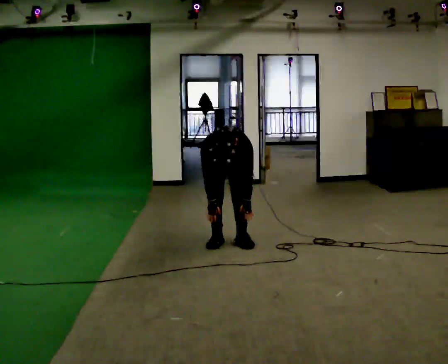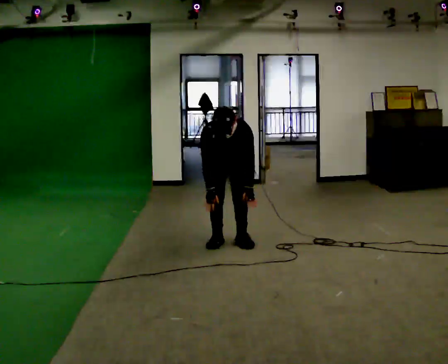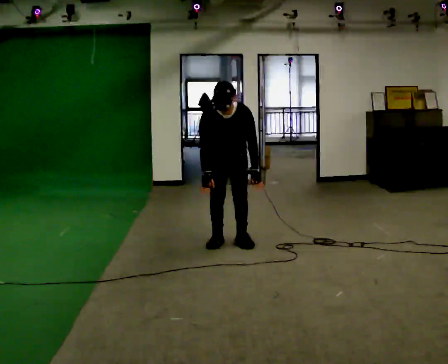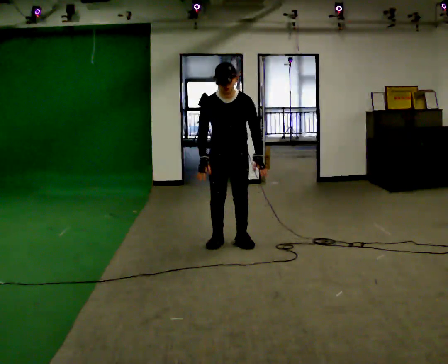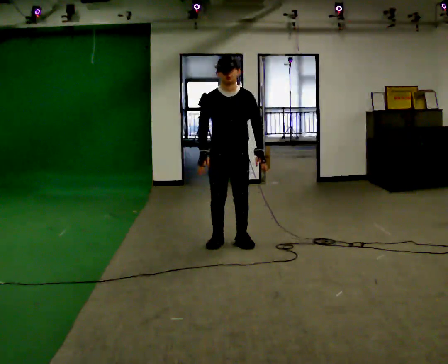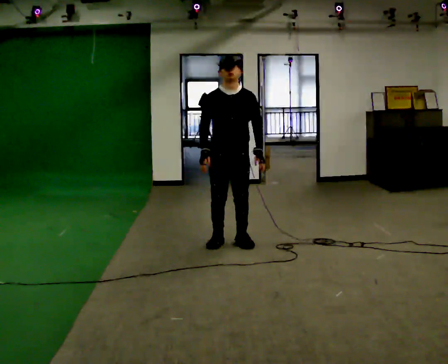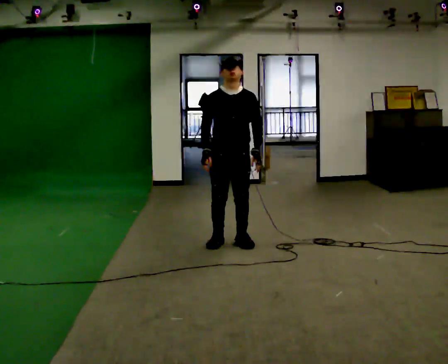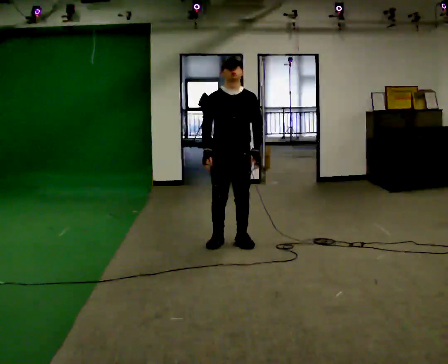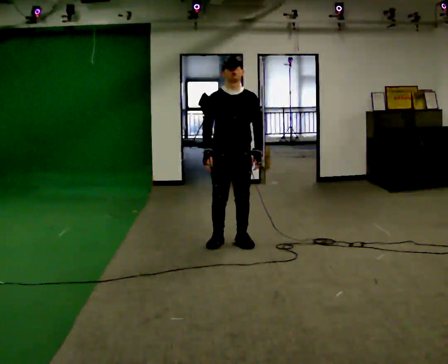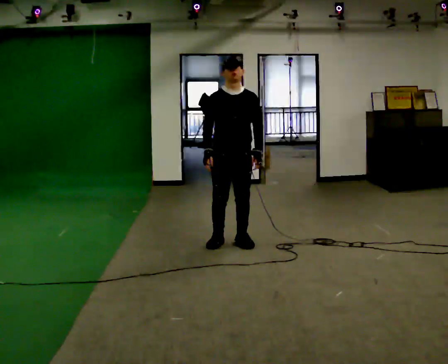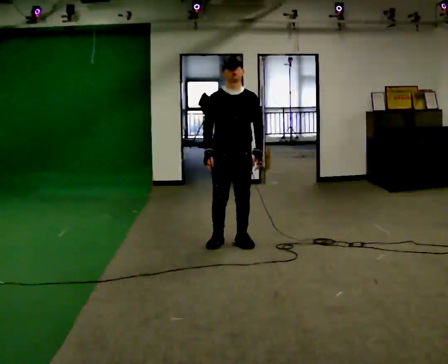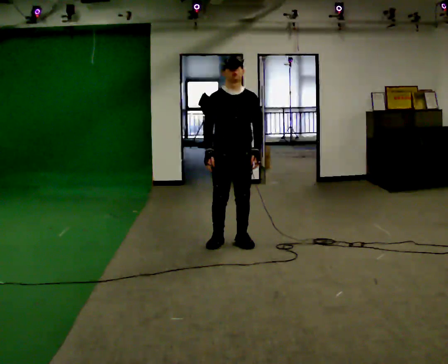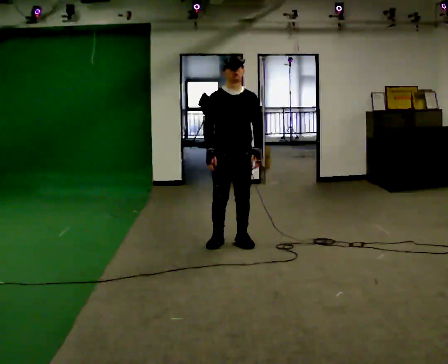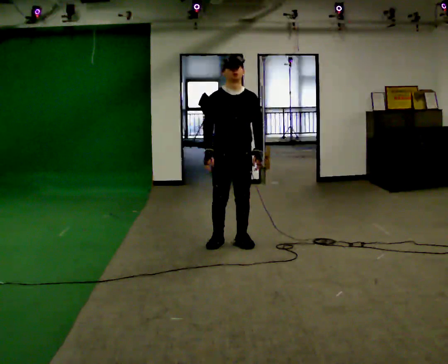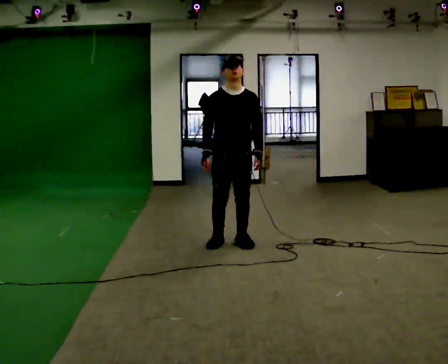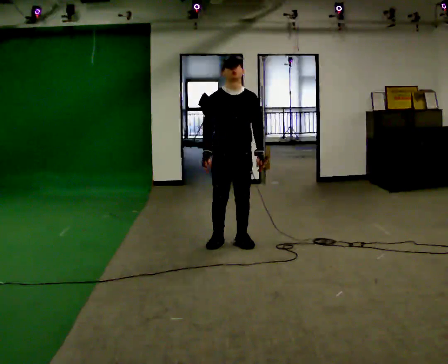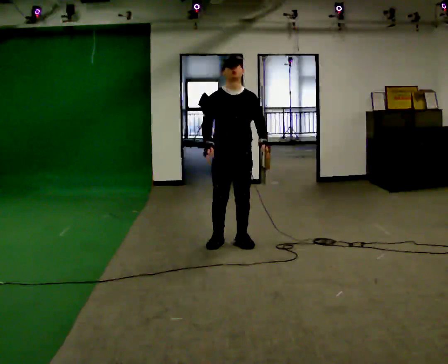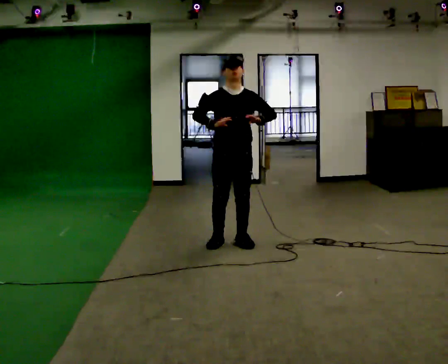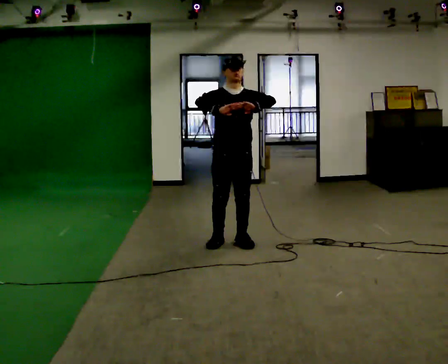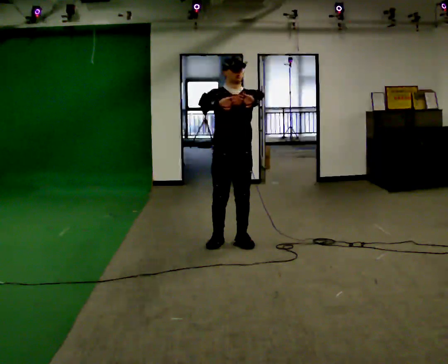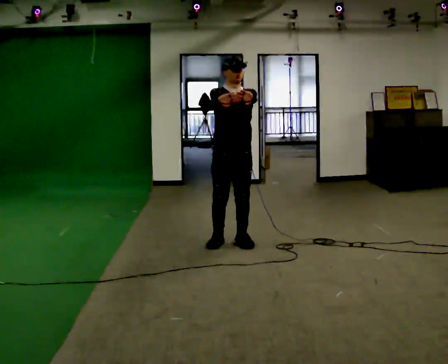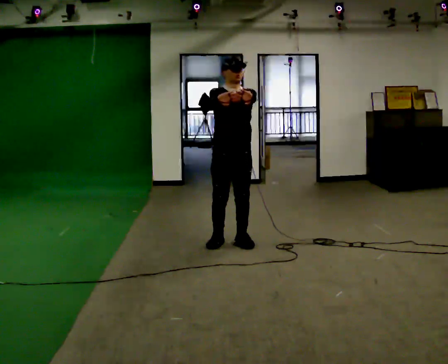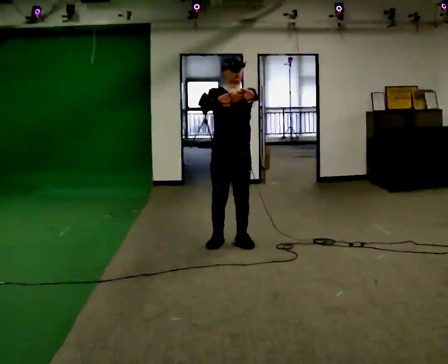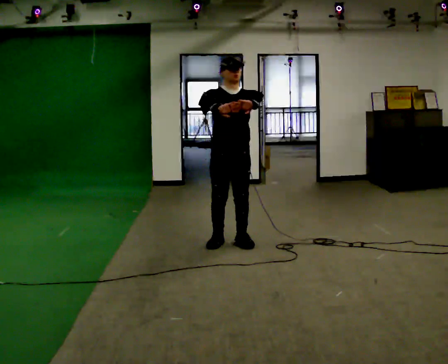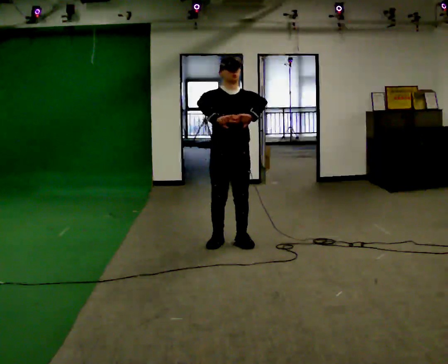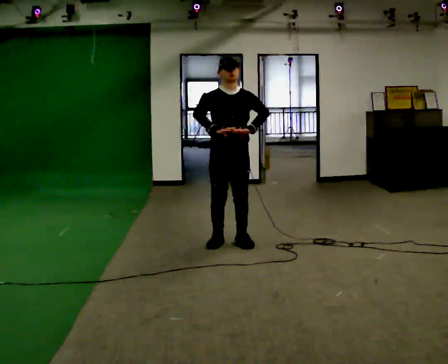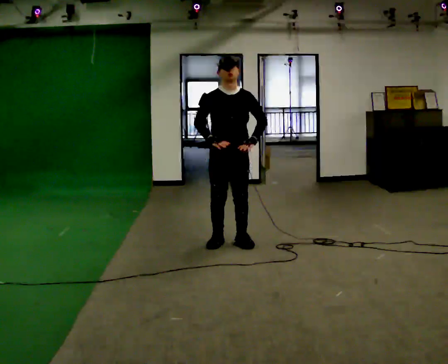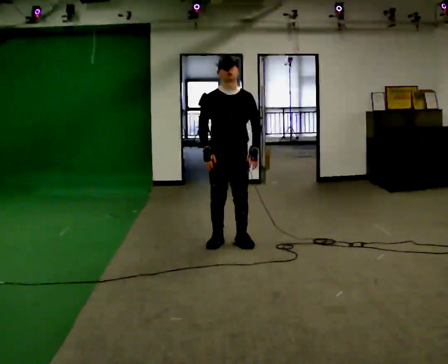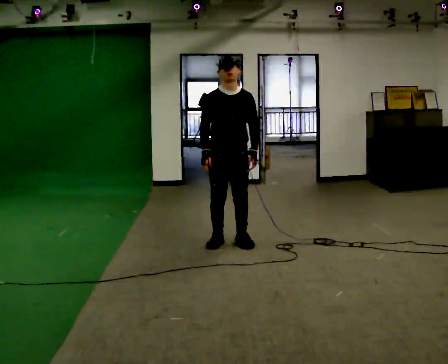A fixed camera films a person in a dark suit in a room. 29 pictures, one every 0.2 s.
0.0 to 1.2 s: In the picture they go toward the camera, about 0.25 m, which for them is forward. The upper body goes upward. The upper body tips away from the camera, its near side rolling upward, as they lean back or straighten. In the picture their right hand goes upward.
1.2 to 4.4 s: In the picture their left hand goes upward.
4.4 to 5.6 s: In the picture their left hand goes downward.
The film runs backward here.
